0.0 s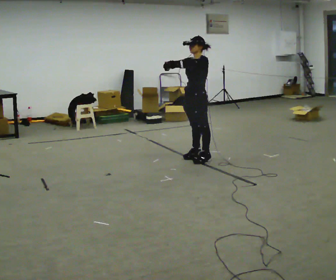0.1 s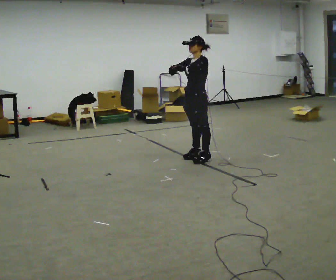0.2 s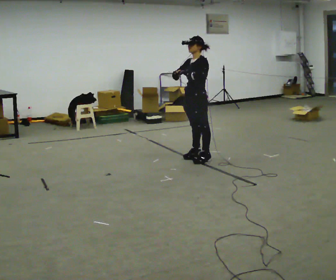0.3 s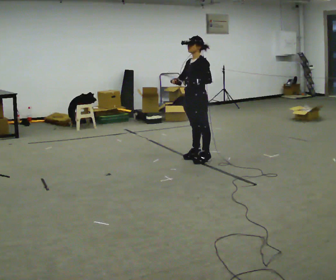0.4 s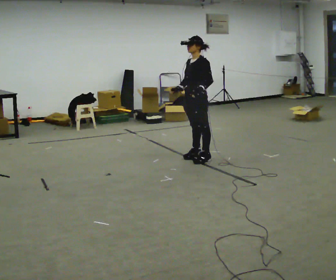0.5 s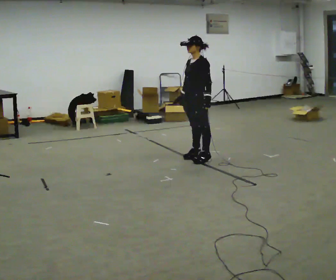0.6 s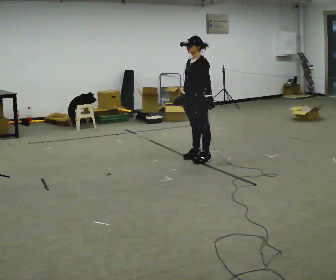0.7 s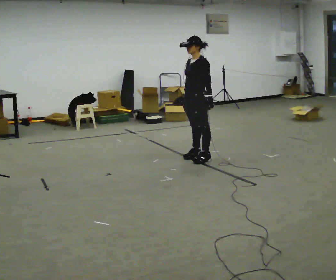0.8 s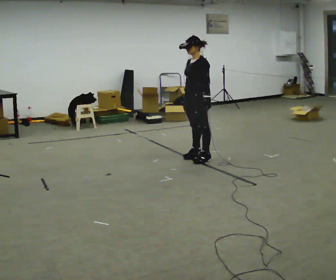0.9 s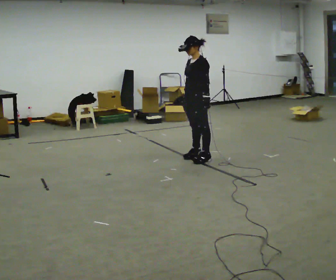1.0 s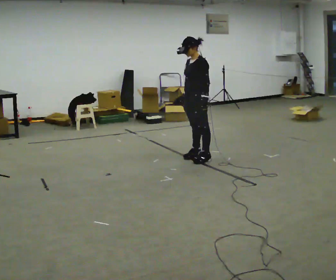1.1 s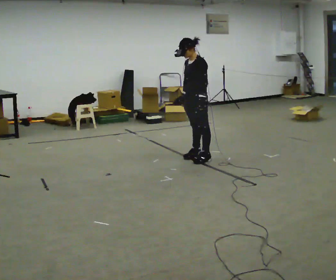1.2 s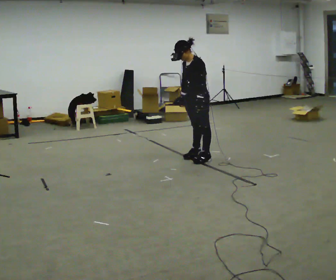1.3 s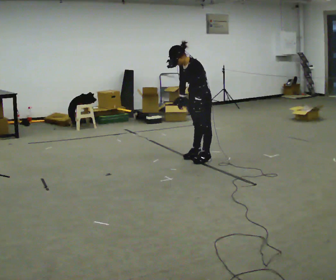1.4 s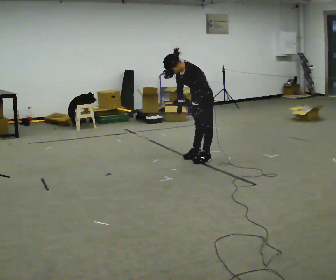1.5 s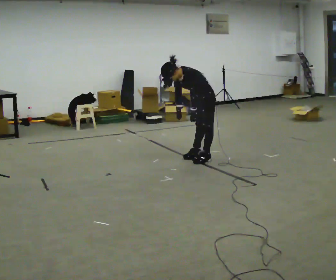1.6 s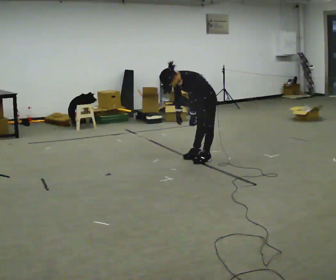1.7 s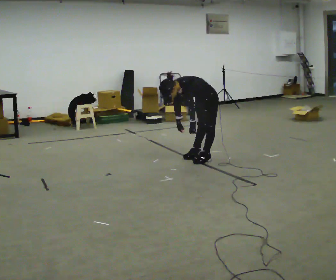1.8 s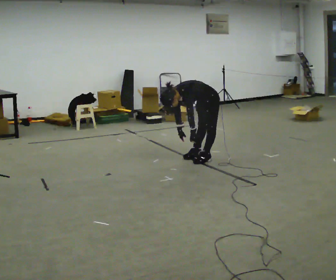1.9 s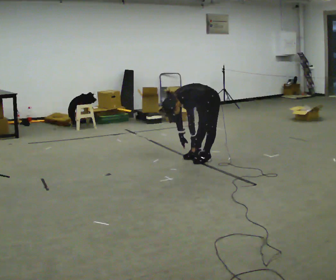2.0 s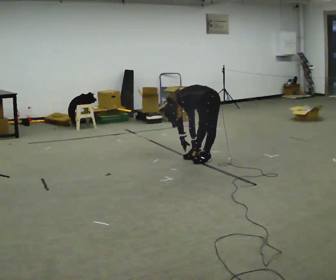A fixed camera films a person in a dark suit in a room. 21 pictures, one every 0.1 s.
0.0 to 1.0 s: In the picture their right hand goes downward, the arm swinging counterclockwise.
1.0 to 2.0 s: The shoulders move downward. In the picture the upper body tilts counterclockwise, shoulders to the left, as they bend forward. In the picture their right hand goes downward.
The film runs forward here.
